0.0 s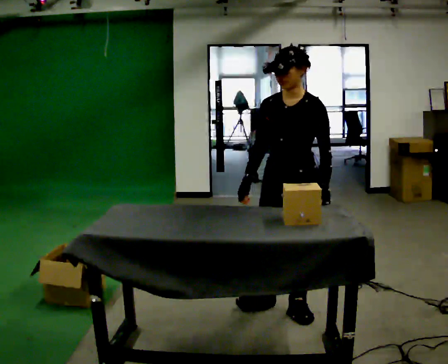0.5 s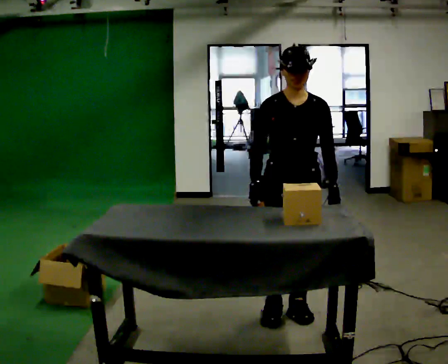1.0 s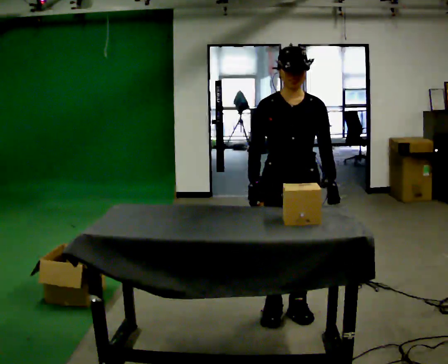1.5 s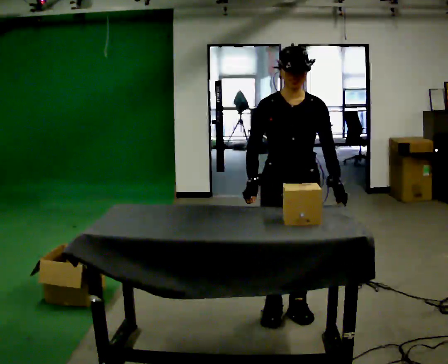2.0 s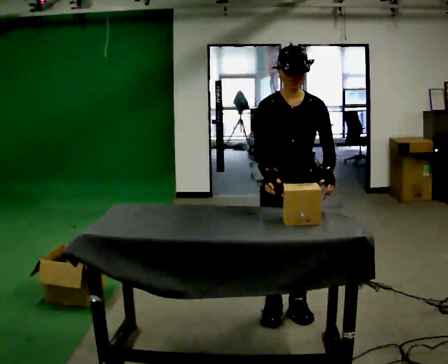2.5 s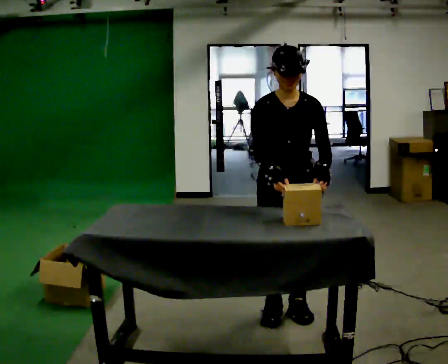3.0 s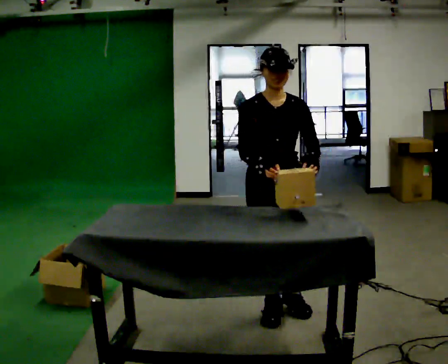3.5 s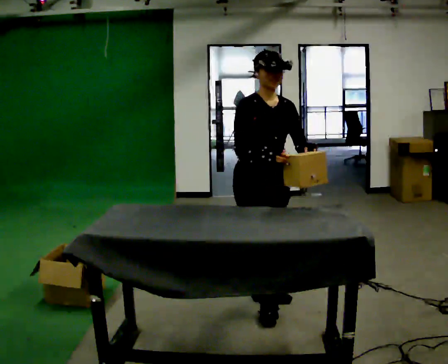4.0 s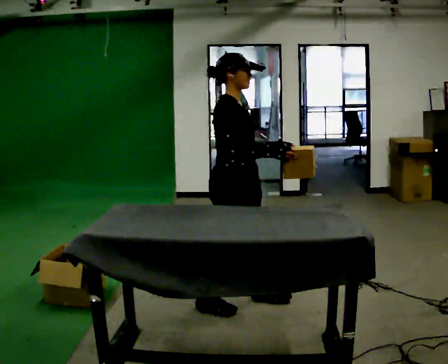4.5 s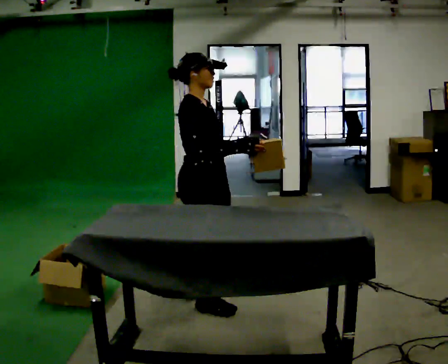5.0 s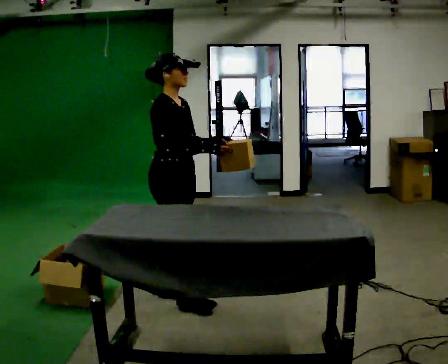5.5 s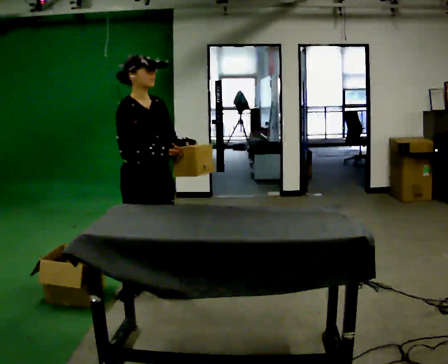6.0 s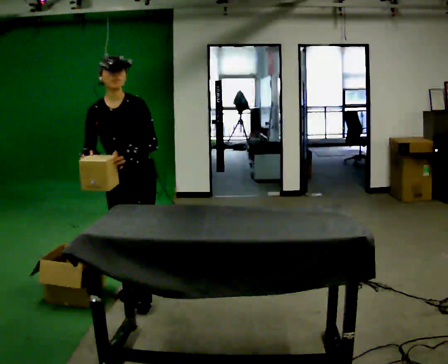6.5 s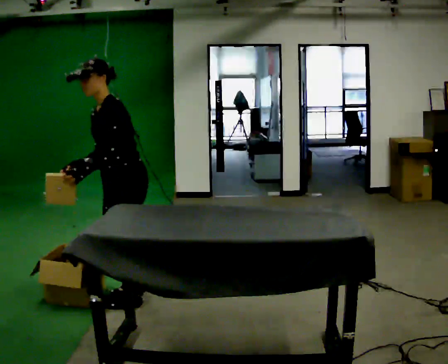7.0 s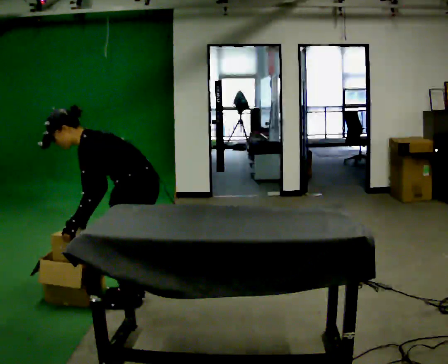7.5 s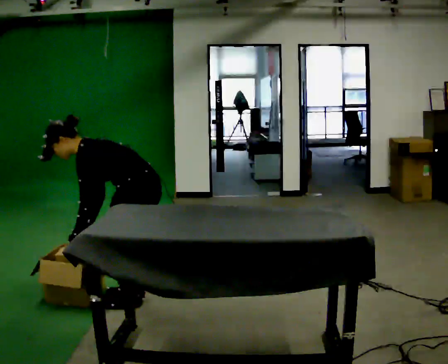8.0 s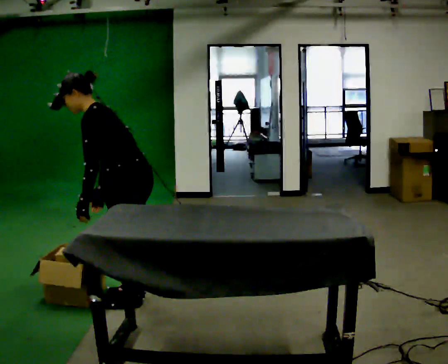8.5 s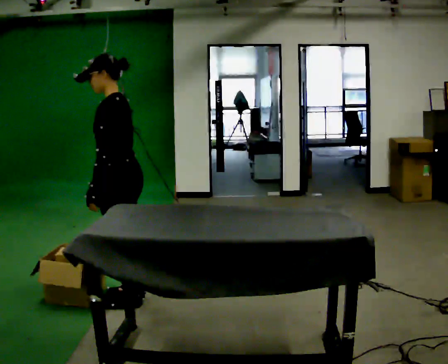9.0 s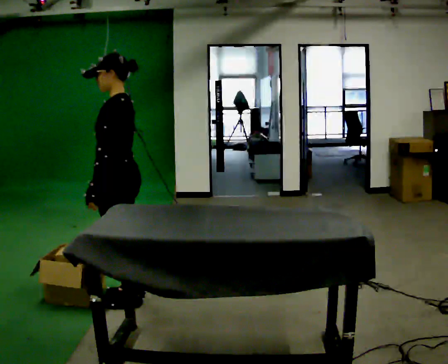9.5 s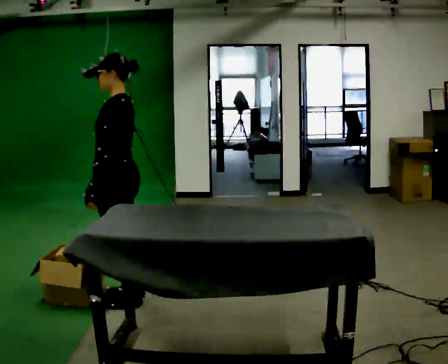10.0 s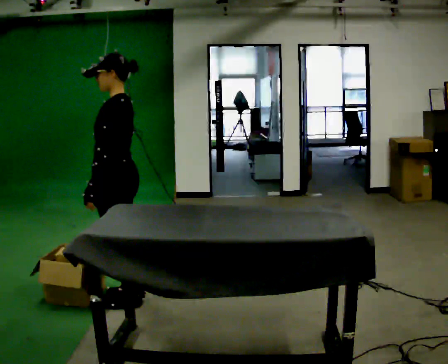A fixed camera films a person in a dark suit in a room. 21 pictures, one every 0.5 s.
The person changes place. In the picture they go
to the left.
0.0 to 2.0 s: Seen from above the body turns counterclockwise, about 30 degrees: to their left, with its near side sliding to the right.
2.0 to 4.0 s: The person turns about 75 degrees to their left, counterclockwise seen from above, so the part of the body nearest the lens slides to the right. In the picture they go to the left and away from the camera, about 0.25 m in 2 steps.
4.0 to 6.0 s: The person turns about 75 degrees to their right, clockwise seen from above, so the part of the body nearest the lens slides to the left. In the picture they go to the left, about 0.75 m in 3 steps.
6.0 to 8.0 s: The part of the body nearest the lens slides to the left as the person turns to their right by about 90 degrees.
8.0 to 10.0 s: In the picture the upper body tilts clockwise, shoulders to the right, as they lean back or straighten.
The film runs backward here.
